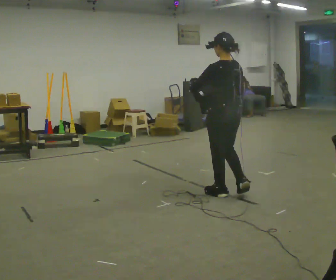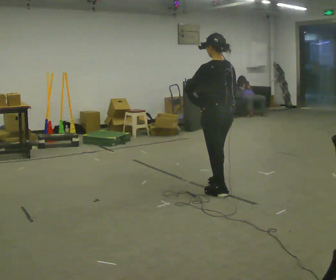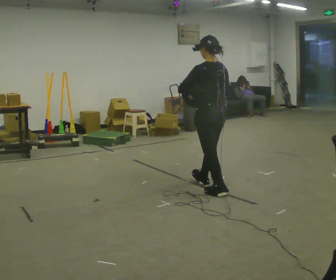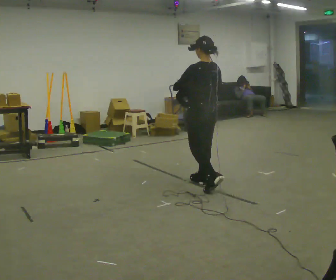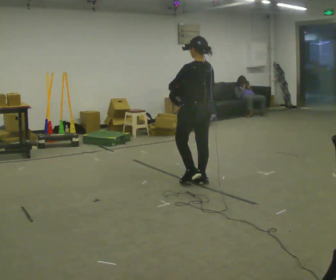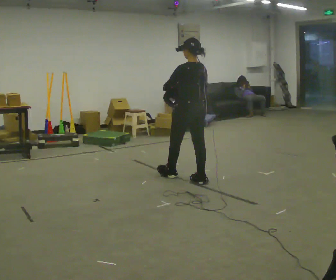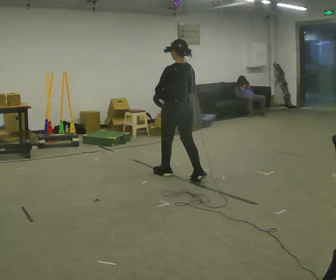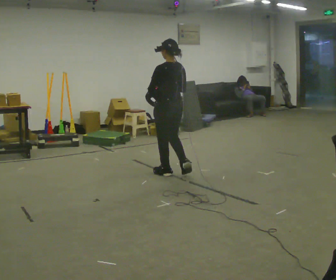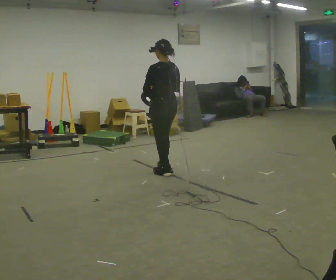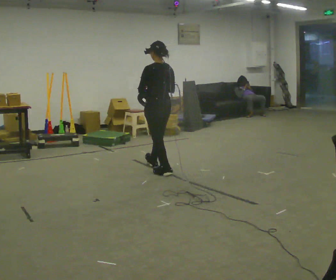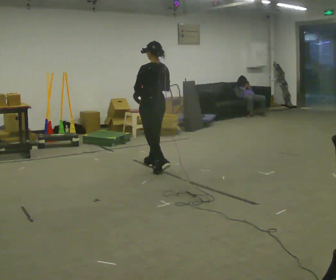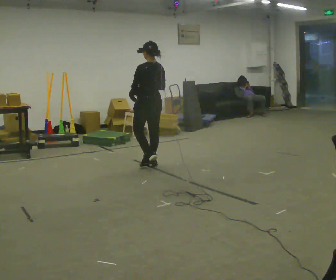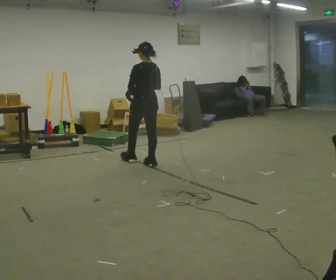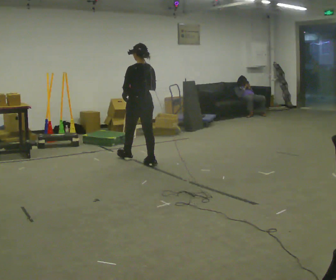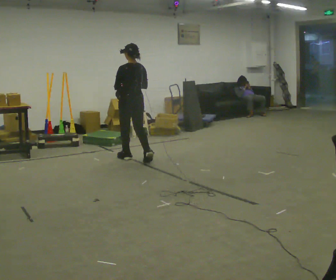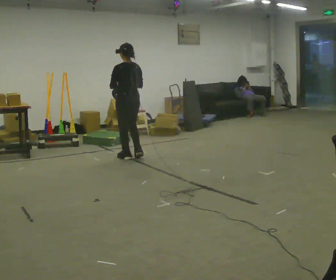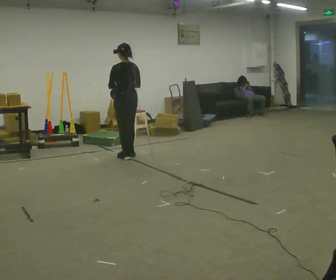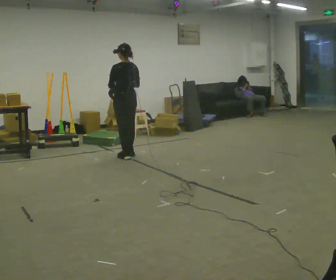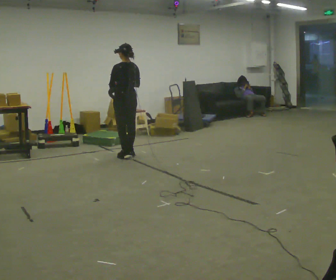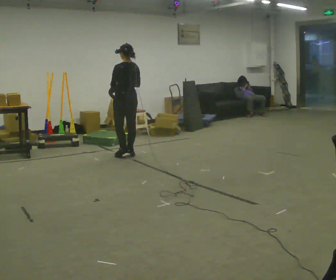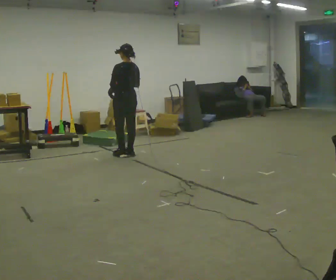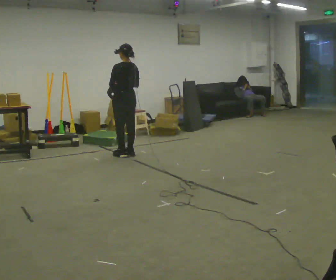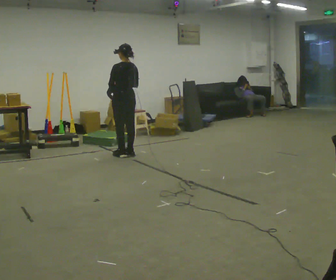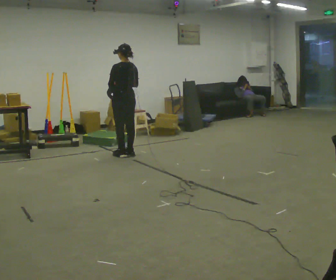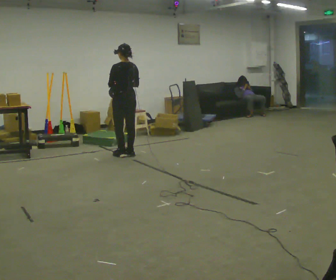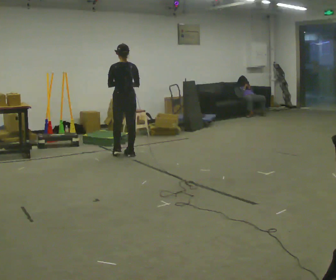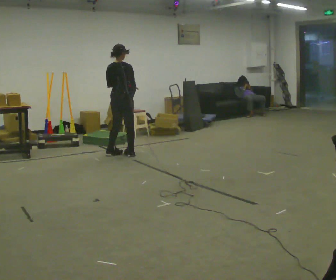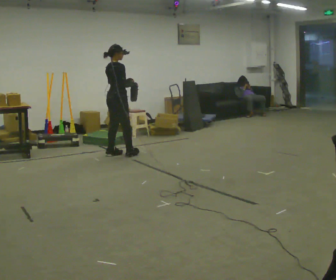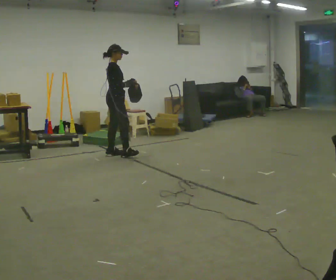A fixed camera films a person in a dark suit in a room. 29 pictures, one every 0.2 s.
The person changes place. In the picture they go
away from the camera.
0.0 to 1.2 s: In the picture they go away from the camera and to the left, about 1 m in 2 steps, which for them is forward.
1.2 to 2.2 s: In the picture they go away from the camera and to the left, about 0.75 m in 1 step, which for them is forward.
2.2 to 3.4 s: In the picture they go away from the camera and to the left, about 0.5 m in 2 steps, which for them is forward.
3.4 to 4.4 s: The person moves a little, or ends about where they began.
4.4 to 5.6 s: Seen from above the body turns clockwise, about 120 degrees: to their right, with its near side sliding to the left.
The film runs forward here.
